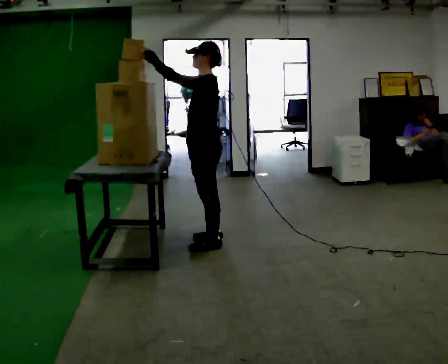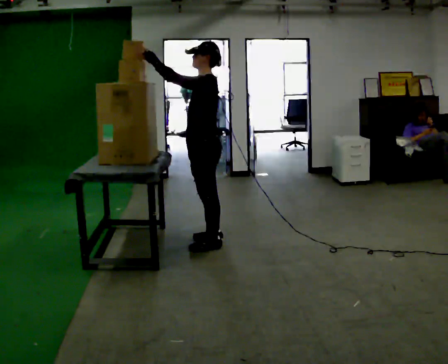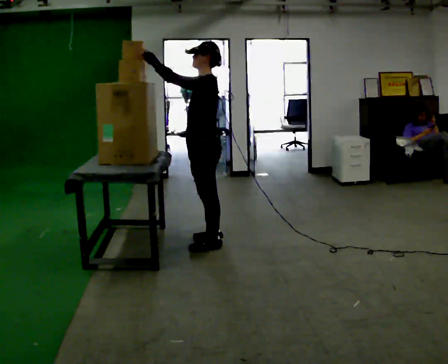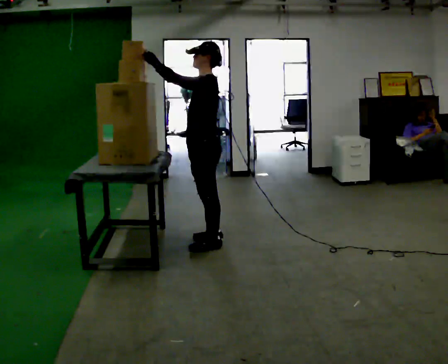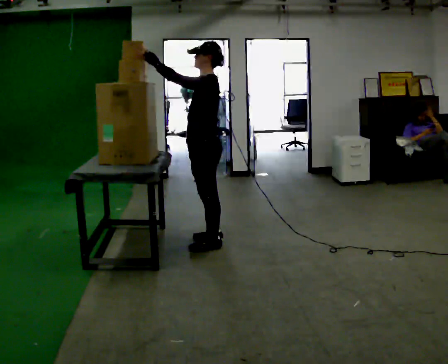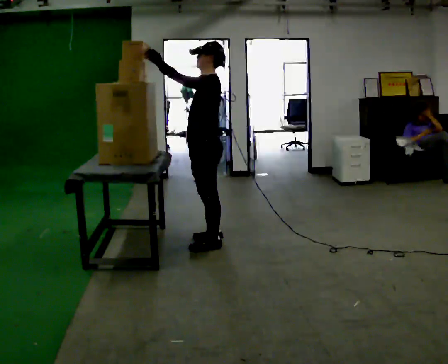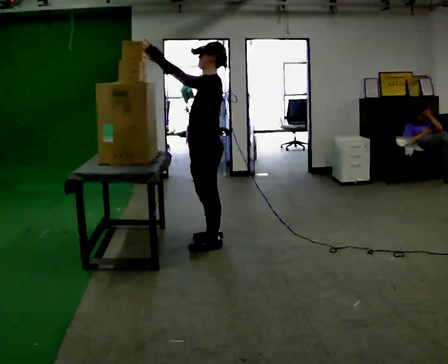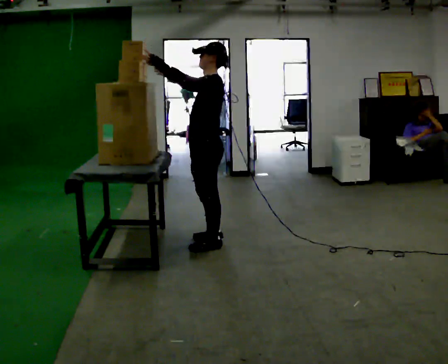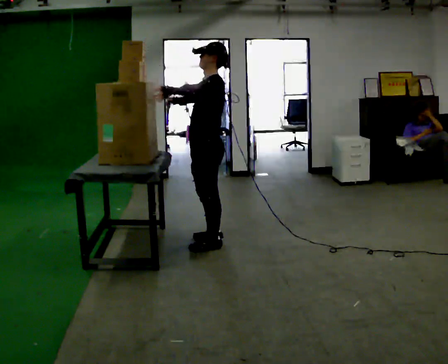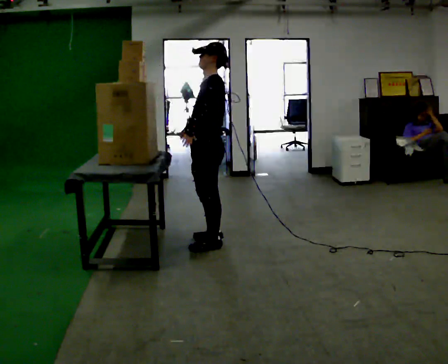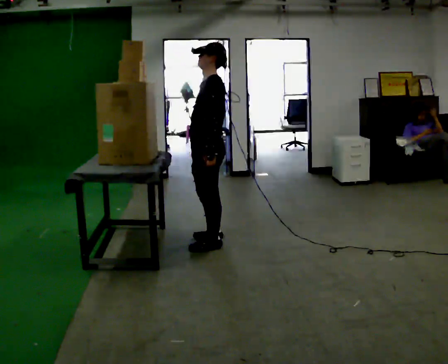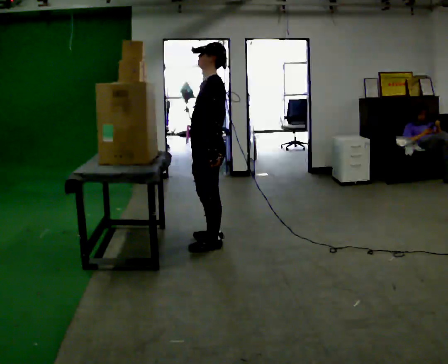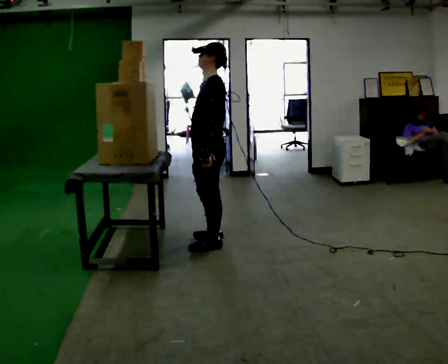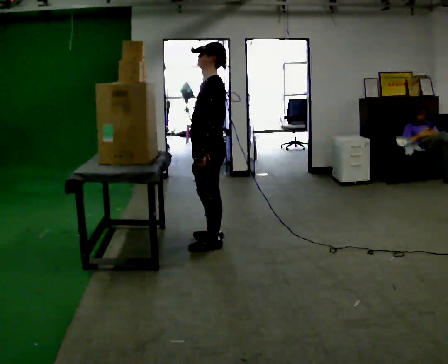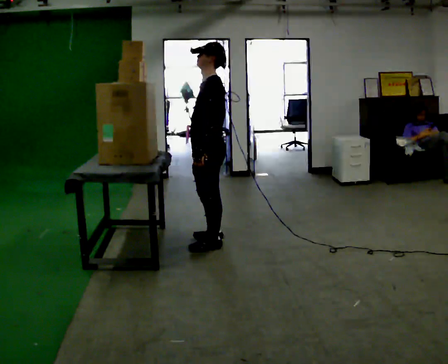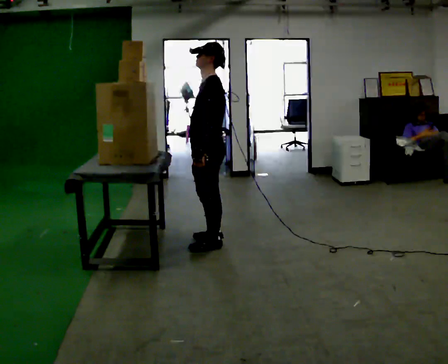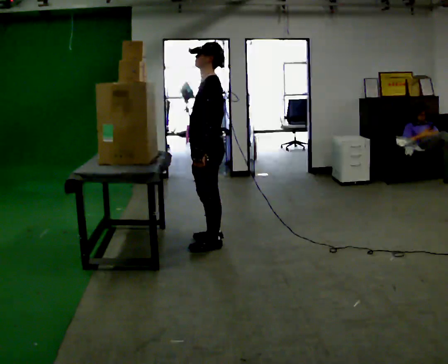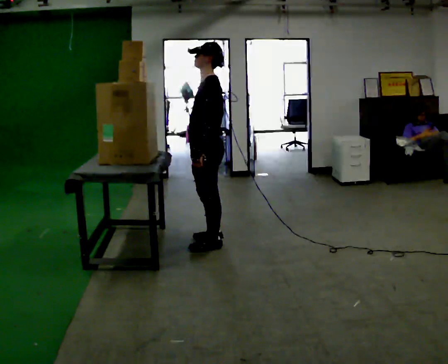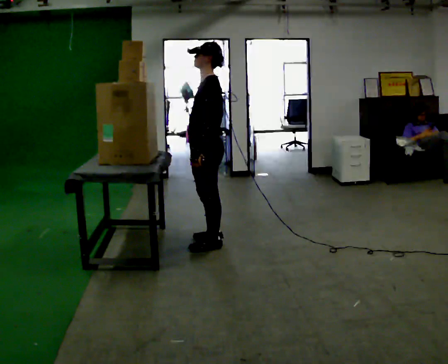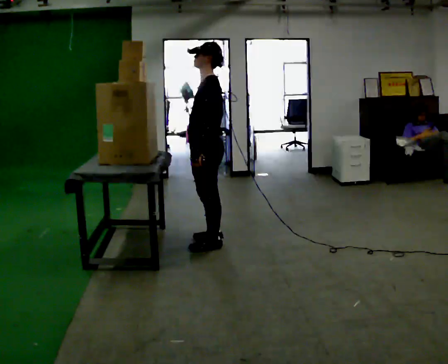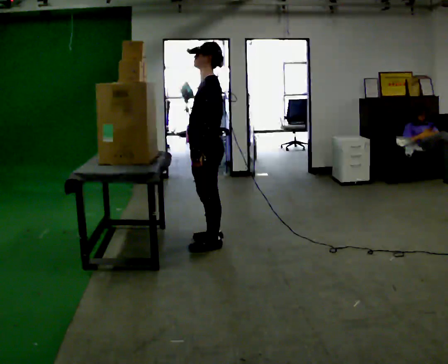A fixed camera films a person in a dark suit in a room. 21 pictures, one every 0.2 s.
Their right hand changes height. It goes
downward.
Their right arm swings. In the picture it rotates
counterclockwise.
0.0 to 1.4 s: The person moves a little, or ends about where they began.
1.4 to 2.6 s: In the picture their left hand goes downward.
2.6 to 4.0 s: The person moves a little, or ends about where they began.
The film runs forward here.
